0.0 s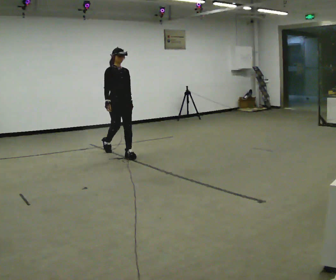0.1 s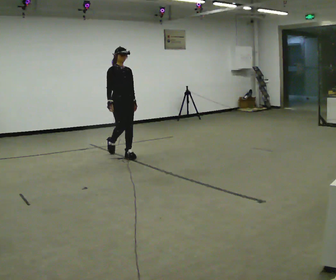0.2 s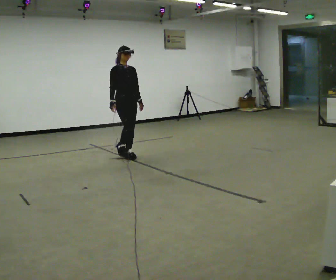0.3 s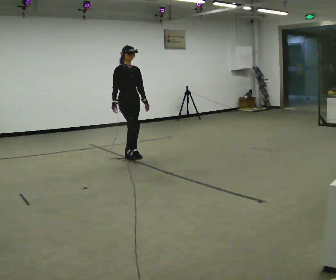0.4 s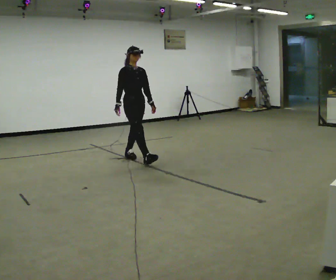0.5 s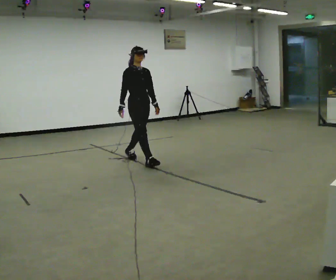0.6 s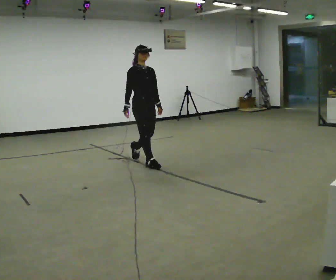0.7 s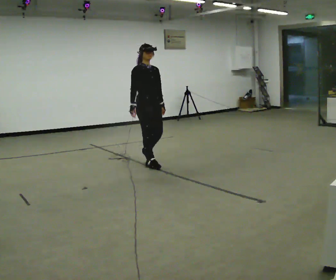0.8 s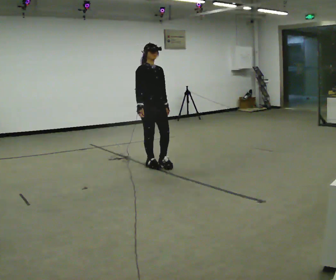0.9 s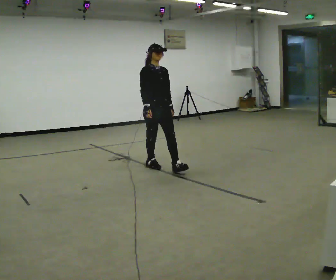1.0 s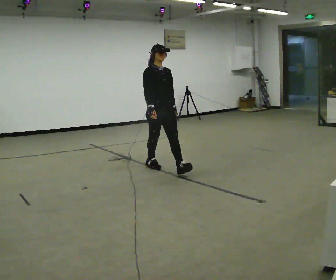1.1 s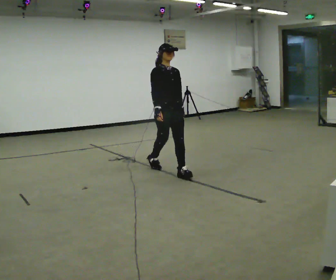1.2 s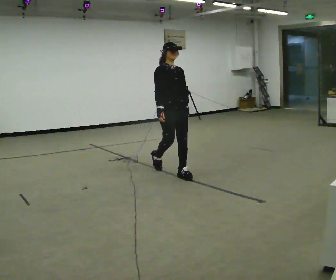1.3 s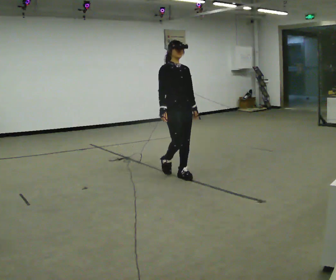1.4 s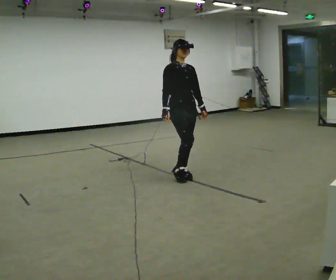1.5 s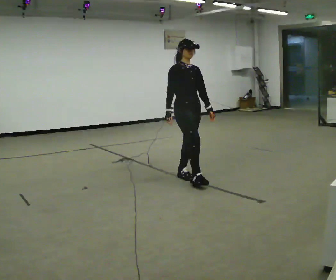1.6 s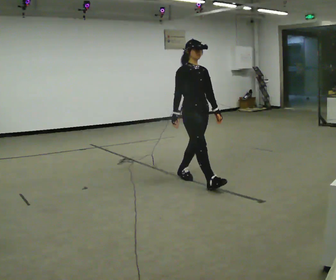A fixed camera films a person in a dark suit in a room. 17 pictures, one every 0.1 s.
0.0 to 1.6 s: In the picture they go toward the camera and to the right, about 2 m in 2 steps, which for them is forward.
The film runs forward here.
